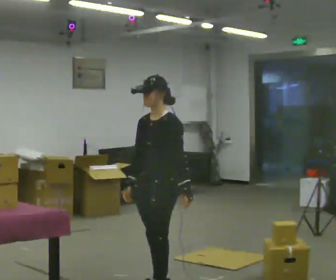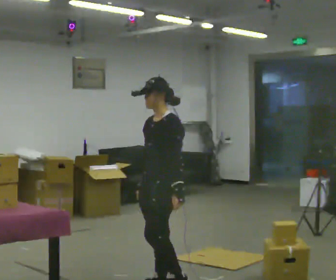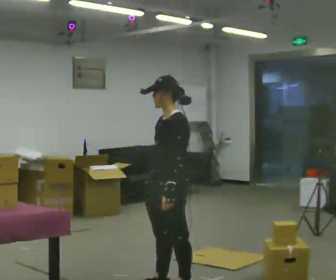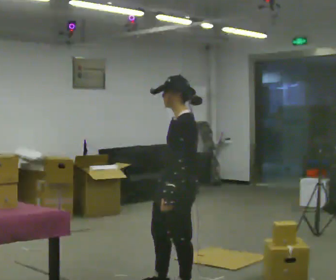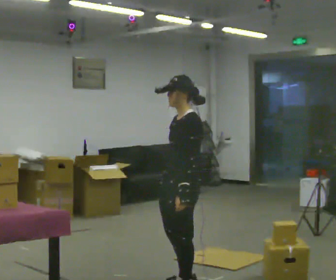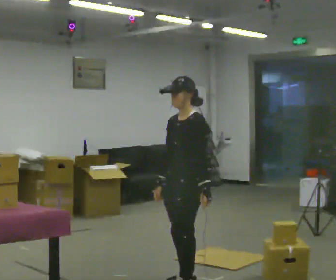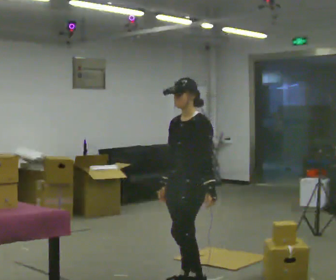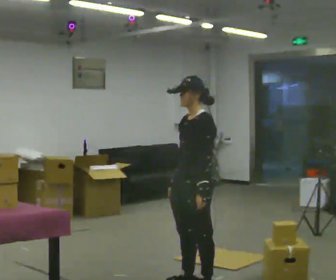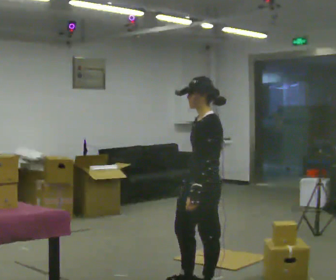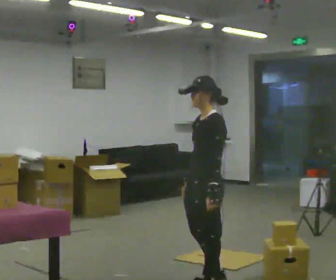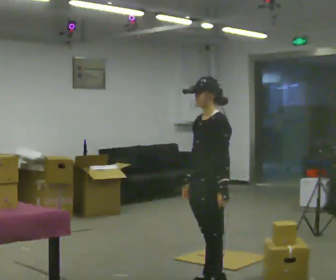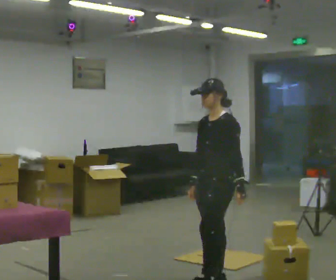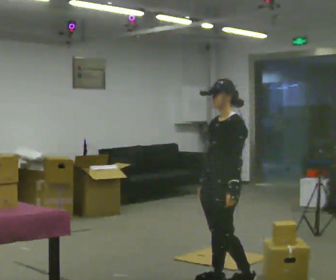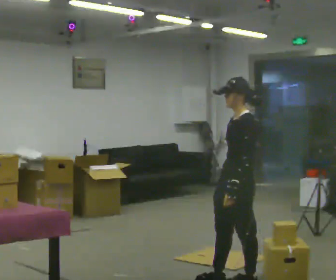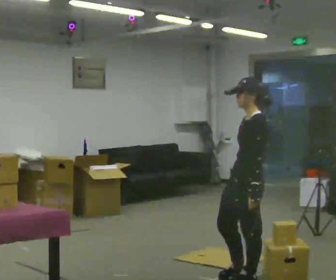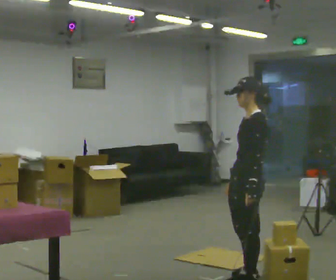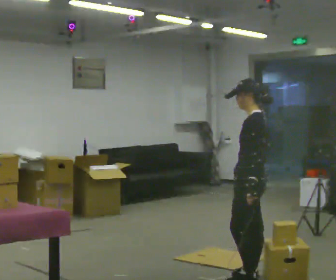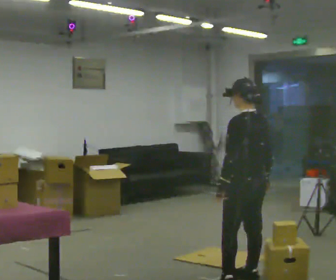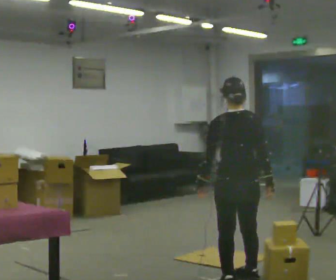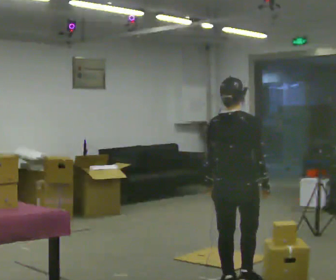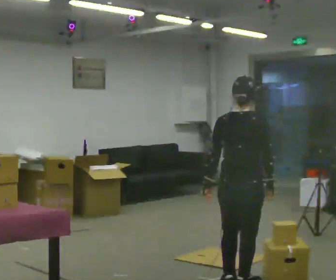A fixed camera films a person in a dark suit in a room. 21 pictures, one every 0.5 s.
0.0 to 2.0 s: In the picture they go to the right, about 0.25 m in 2 steps, which for them is backward.
2.0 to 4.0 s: In the picture they go to the right, about 0.25 m in 1 step, which for them is backward.
4.0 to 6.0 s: In the picture they go away from the camera and to the right, about 0.25 m in 2 steps, which for them is backward.
6.0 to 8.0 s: The part of the body nearest the lens slides to the left as the person turns to their right by about 30 degrees. In the picture they go to the right, about 0.25 m in 1 step, which for them is backward. In the picture their right hand goes to the right.
8.0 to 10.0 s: Seen from above the body turns clockwise, about 105 degrees: to their right, with its near side sliding to the left. In the picture their left hand goes to the left.
The film runs backward here.
